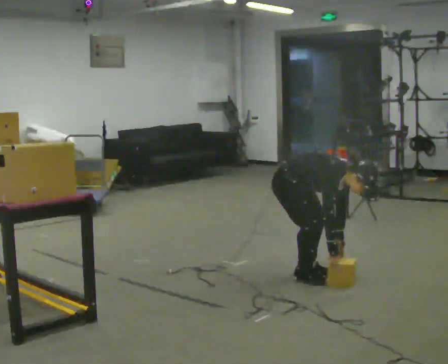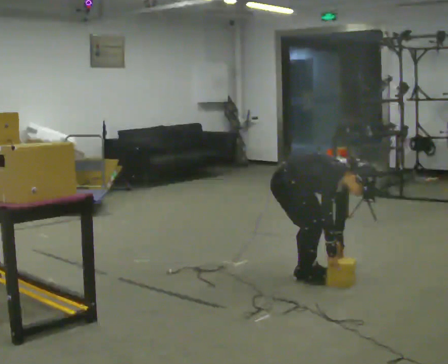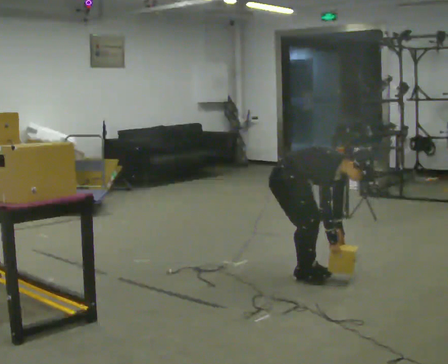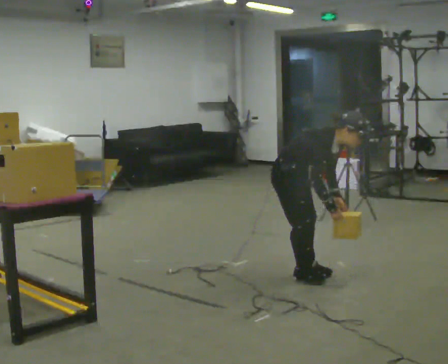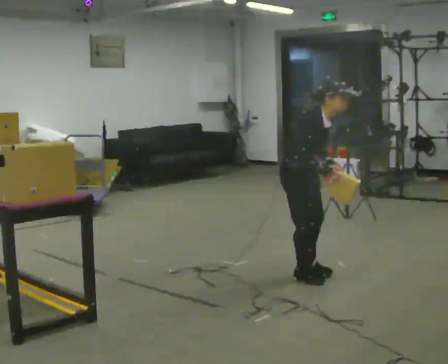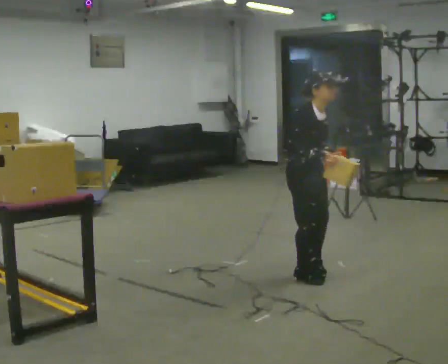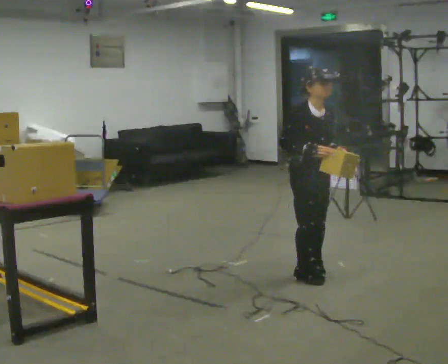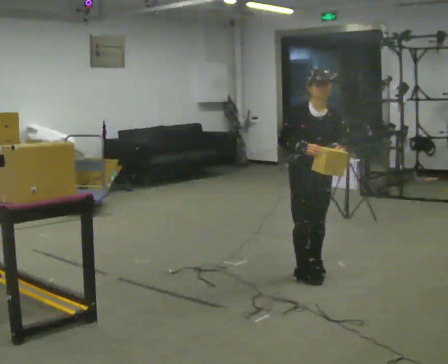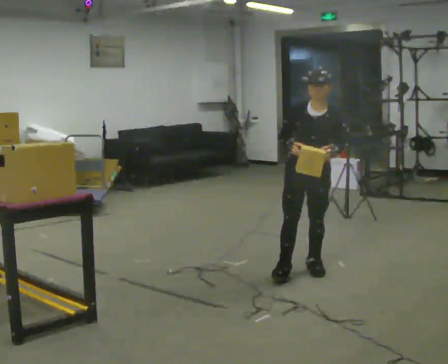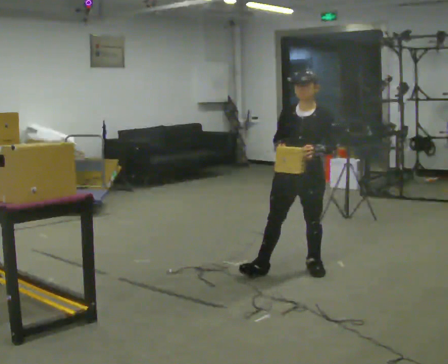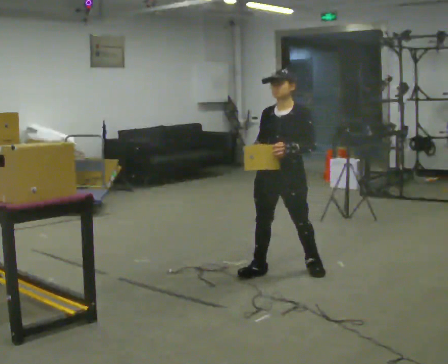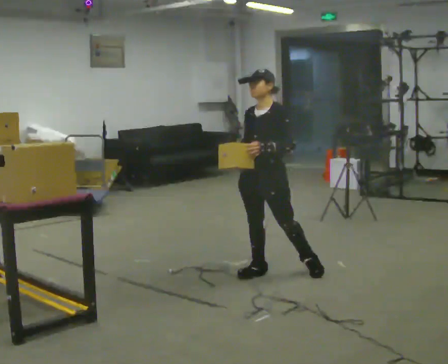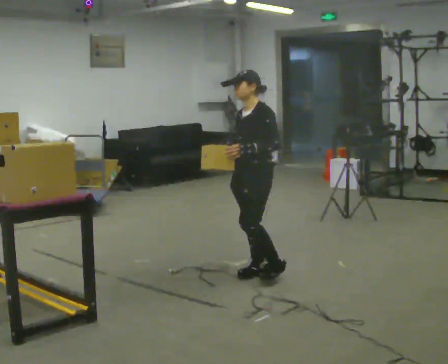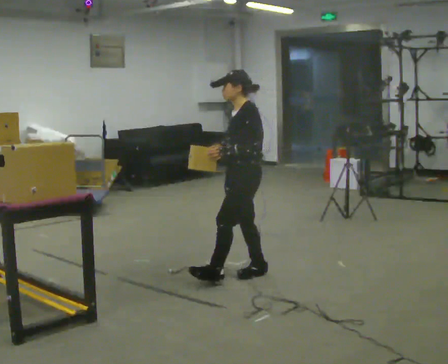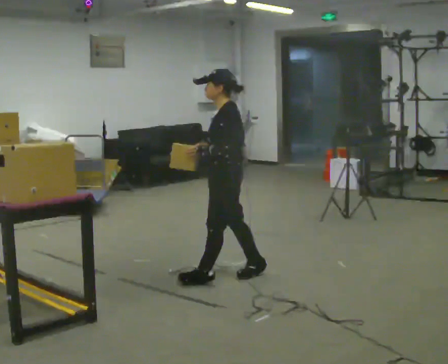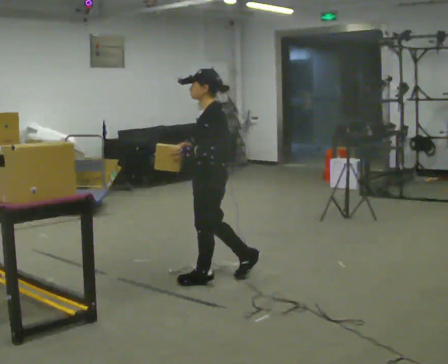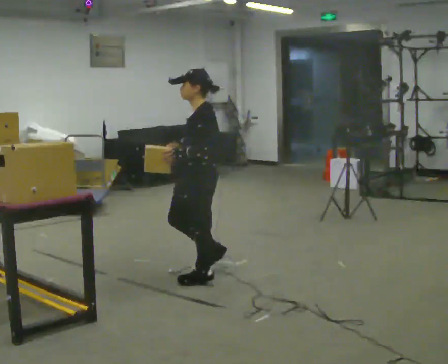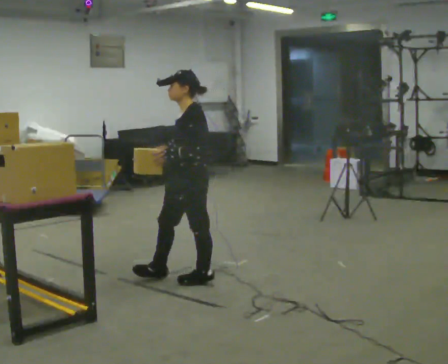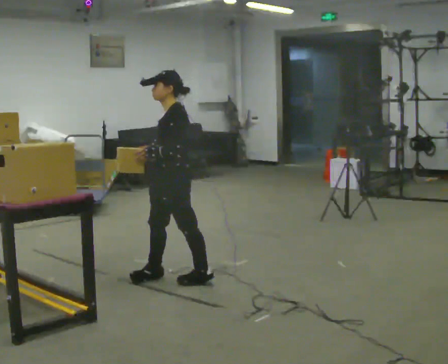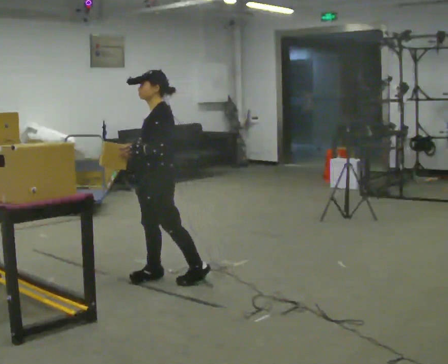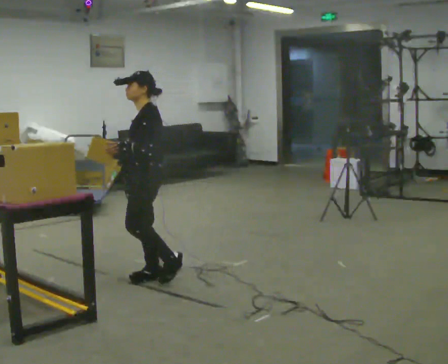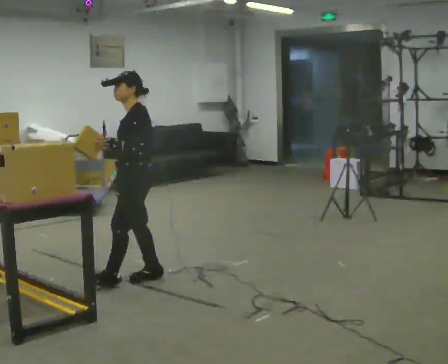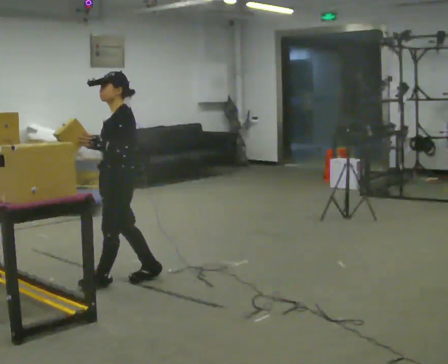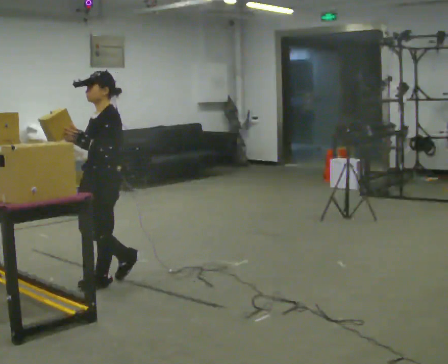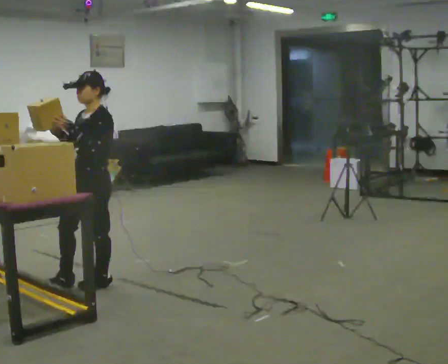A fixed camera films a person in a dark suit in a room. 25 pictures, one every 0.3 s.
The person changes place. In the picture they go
to the left.
Their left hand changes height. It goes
upward.
0.0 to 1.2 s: The shoulders move upward. In the picture the upper body tilts counterclockwise, shoulders to the left, as they lean back or straighten. In the picture their right hand goes upward.
1.2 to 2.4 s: Seen from above the body turns clockwise, about 75 degrees: to their right, with its near side sliding to the left.
2.4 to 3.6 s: Seen from above the body turns clockwise, about 45 degrees: to their right, with its near side sliding to the left. In the picture they go to the left, about 0.5 m in 1 step, which for them is to their right and forward.
3.6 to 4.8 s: Seen from above the body turns clockwise, about 30 degrees: to their right, with its near side sliding to the left. In the picture they go to the left and toward the camera, about 0.5 m in 1 step, which for them is forward.
4.8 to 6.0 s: In the picture they go to the left, about 0.5 m in 1 step, which for them is forward and to their right.
6.0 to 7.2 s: The person turns about 30 degrees to their left, counterclockwise seen from above, so the part of the body nearest the lens slides to the right. In the picture they go to the left and toward the camera, about 0.5 m in 1 step, which for them is forward.
The film runs forward here.
